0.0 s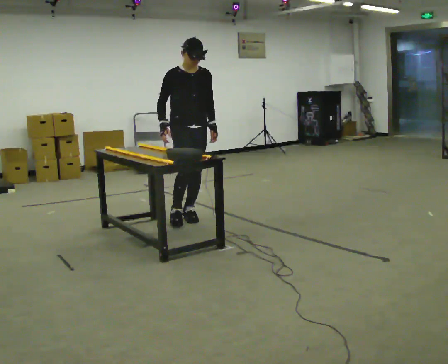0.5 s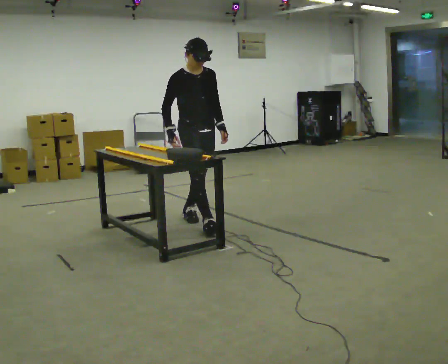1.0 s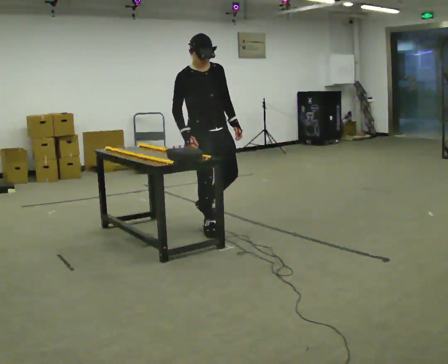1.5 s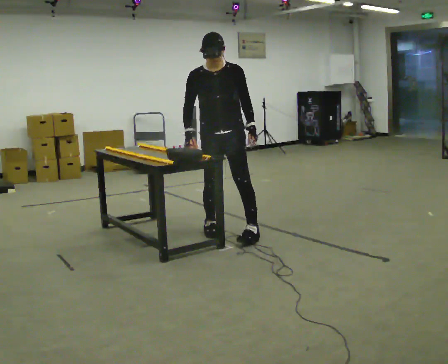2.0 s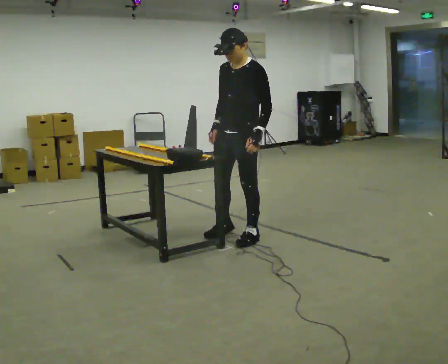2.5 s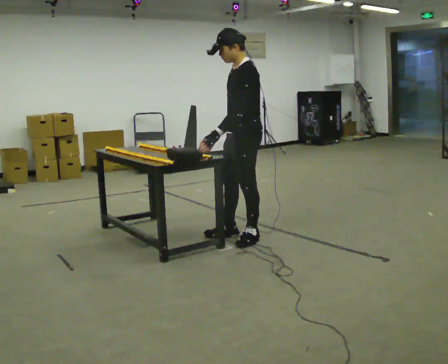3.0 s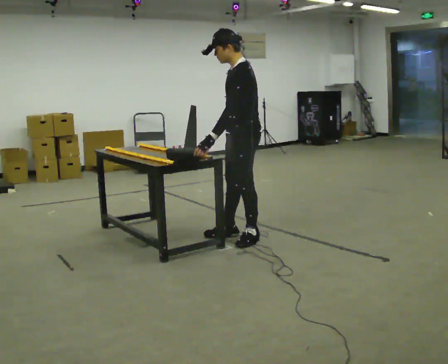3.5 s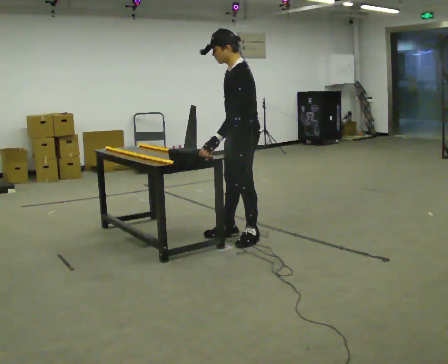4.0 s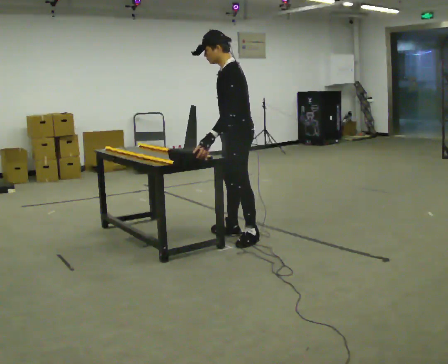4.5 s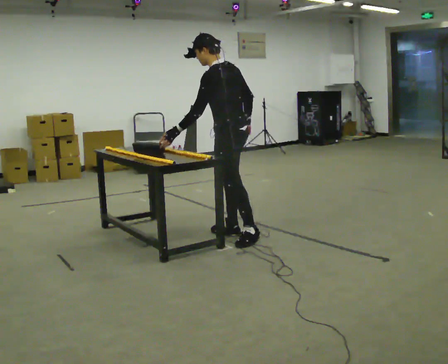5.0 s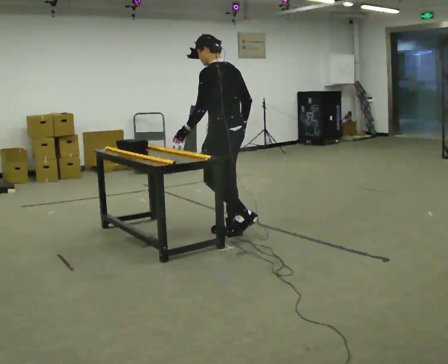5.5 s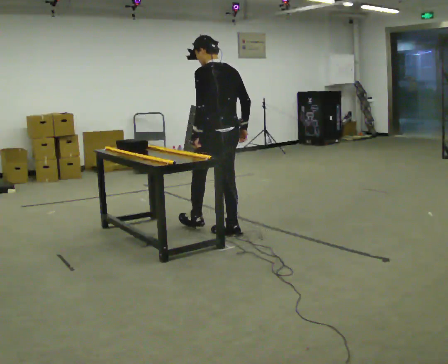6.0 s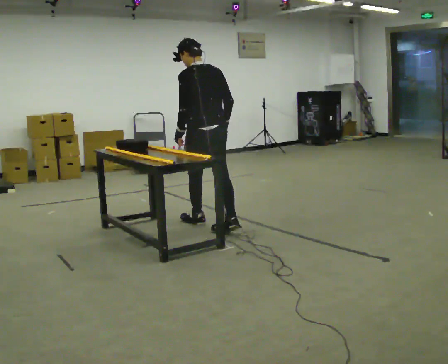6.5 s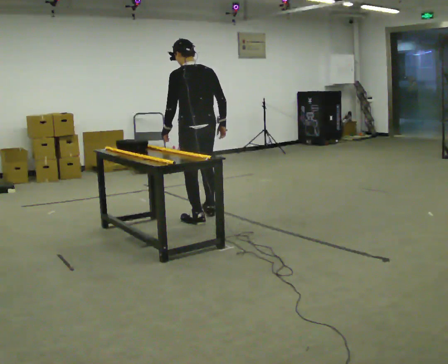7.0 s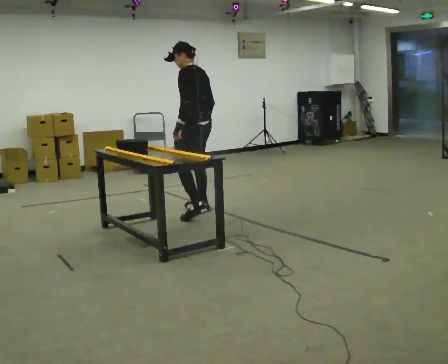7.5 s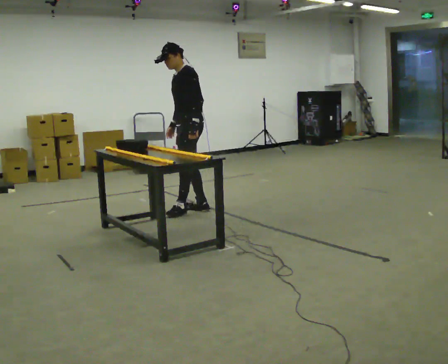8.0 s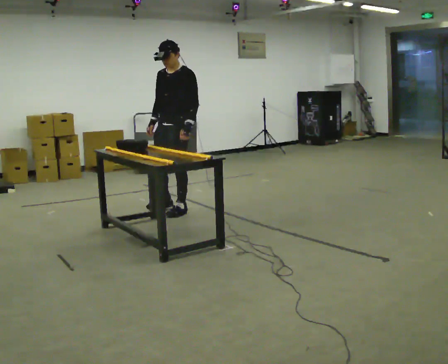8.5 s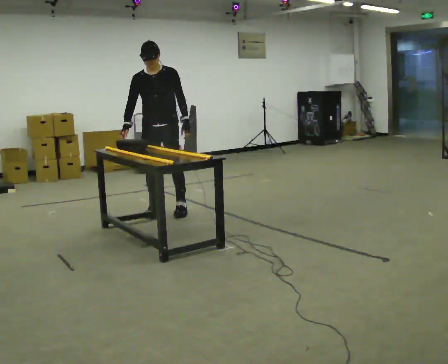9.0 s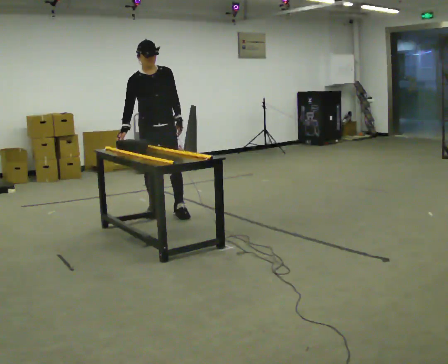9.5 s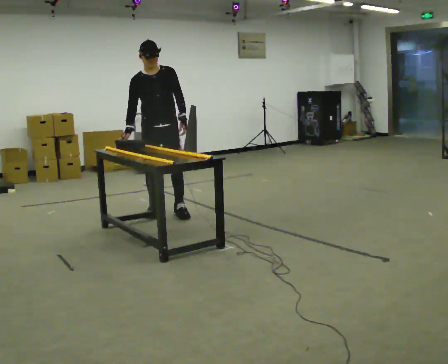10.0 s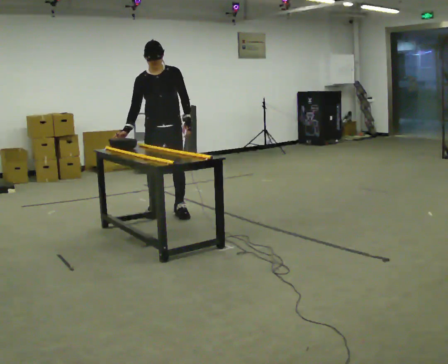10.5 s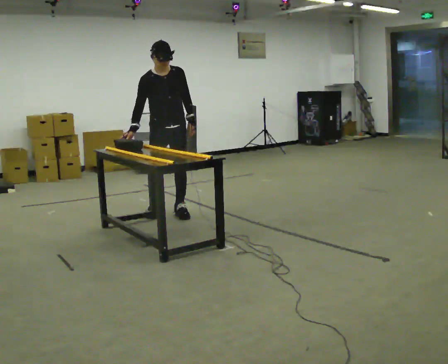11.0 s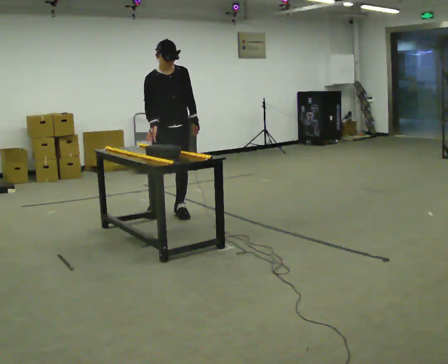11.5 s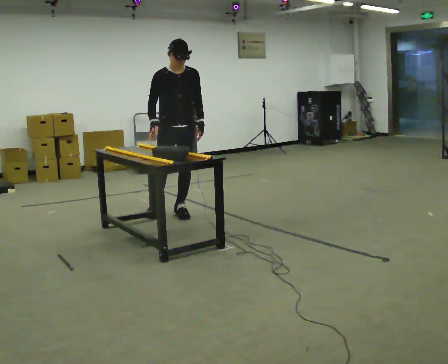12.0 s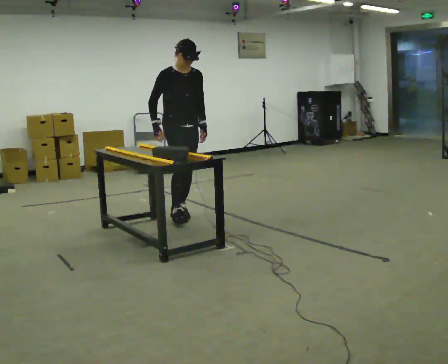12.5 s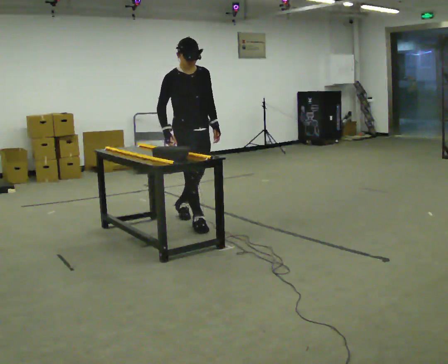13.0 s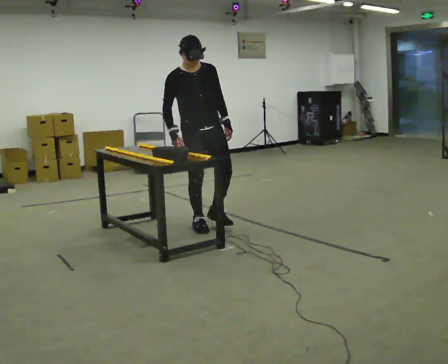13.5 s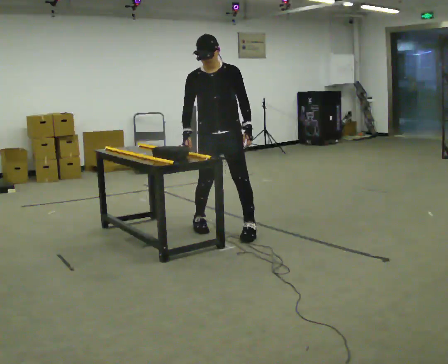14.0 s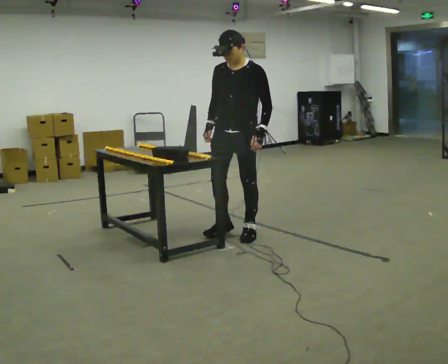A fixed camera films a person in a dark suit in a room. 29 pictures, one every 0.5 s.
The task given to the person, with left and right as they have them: Slide the object into the slot on the shelf in front of you. It is a close fit, so take the time you need. Repeat at your own pace until the operator says stop. Keep both feet on the marked spots for the whole take. If you have to step, stop and tell the operator.
0.0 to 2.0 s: The part of the body nearest the lens slides to the left as the person turns to their right by about 75 degrees. In the picture they go toward the camera and to the right, about 1 m in 2 steps.
2.0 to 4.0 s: Seen from above the body turns clockwise, about 45 degrees: to their right, with its near side sliding to the left.
4.0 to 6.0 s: The part of the body nearest the lens slides to the left as the person turns to their right by about 60 degrees. In the picture they go away from the camera and to the left, about 0.5 m in 1 step.
6.0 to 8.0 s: The person turns about 120 degrees to their left, counterclockwise seen from above, so the part of the body nearest the lens slides to the right. In the picture they go away from the camera and to the left, about 0.75 m in 2 steps.
8.0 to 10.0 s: Seen from above the body turns counterclockwise, about 45 degrees: to their left, with its near side sliding to the right.
10.0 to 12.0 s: The person turns about 30 degrees to their left, counterclockwise seen from above, so the part of the body nearest the lens slides to the right. In the picture they go to the right, about 0.25 m, which for them is forward.
12.0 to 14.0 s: The part of the body nearest the lens slides to the left as the person turns to their right by about 60 degrees. In the picture they go toward the camera and to the right, about 1 m in 2 steps.
The film runs forward here.
